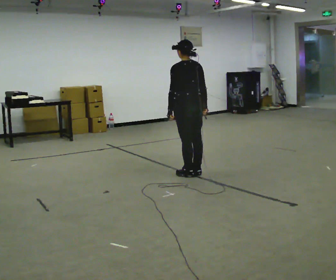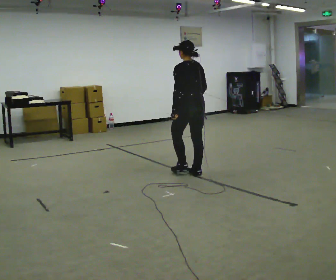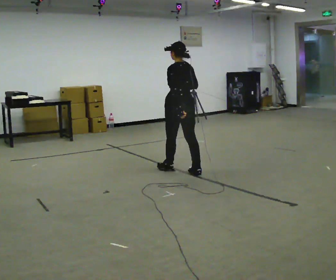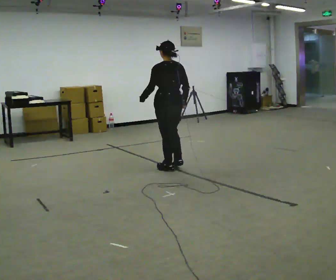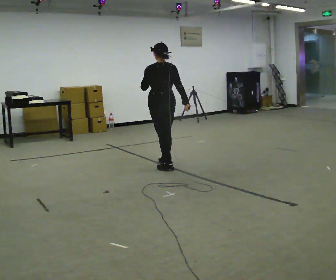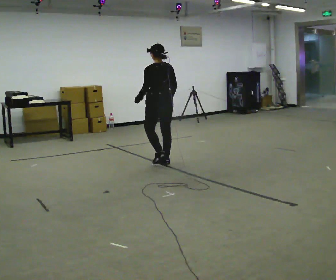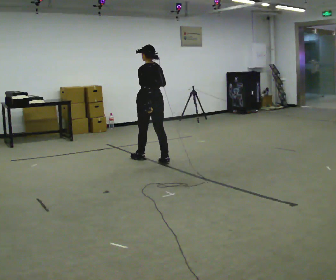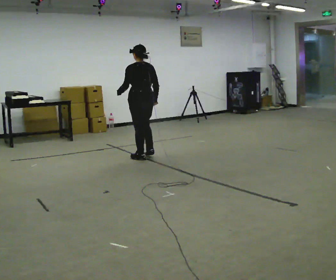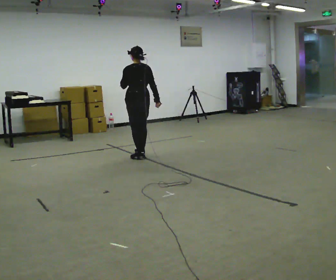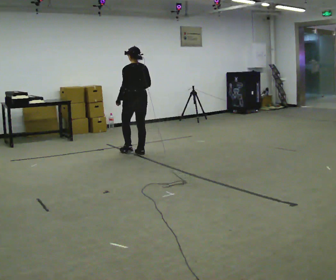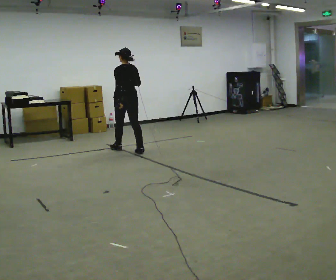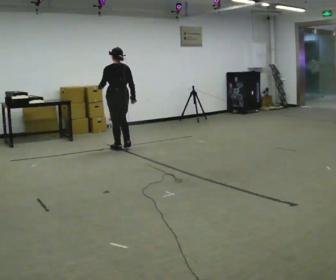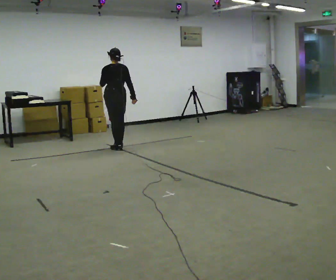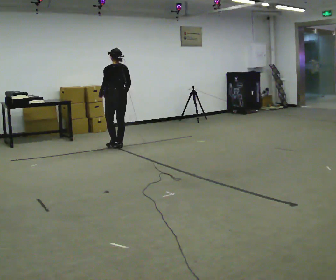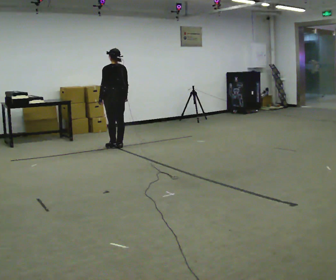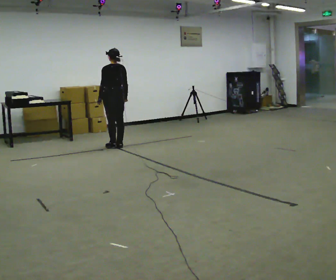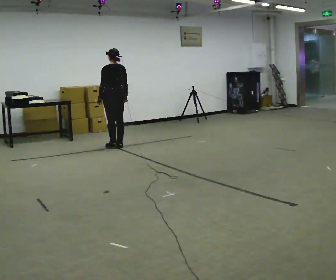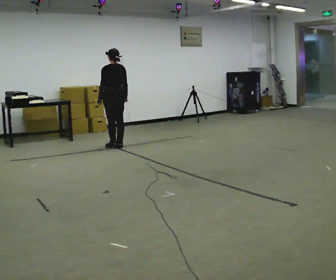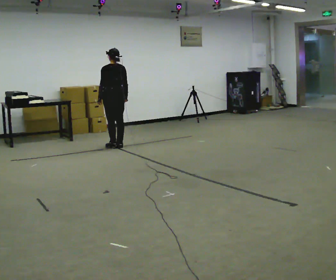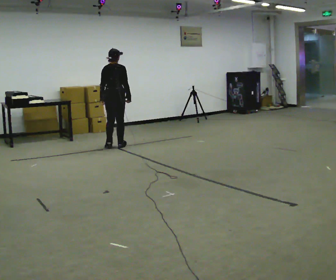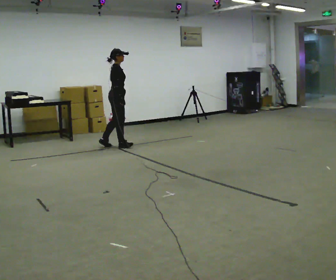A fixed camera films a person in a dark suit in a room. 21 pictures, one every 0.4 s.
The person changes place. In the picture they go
away from the camera.
0.0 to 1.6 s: In the picture they go away from the camera and to the left, about 0.5 m in 2 steps, which for them is forward. In the picture their left hand goes upward.
1.6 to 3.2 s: In the picture they go away from the camera and to the left, about 0.5 m in 2 steps, which for them is forward.
3.2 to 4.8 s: In the picture they go away from the camera and to the left, about 0.75 m in 2 steps, which for them is forward.
4.8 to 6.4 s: In the picture their left hand goes downward.
6.4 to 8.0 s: The person turns about 120 degrees to their right, clockwise seen from above, so the part of the body nearest the lens slides to the left. In the picture their left hand goes to the right.
The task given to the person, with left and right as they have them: Walk; crouch comfortably at marker; remain briefly; stand and continue.
The film runs forward here.
